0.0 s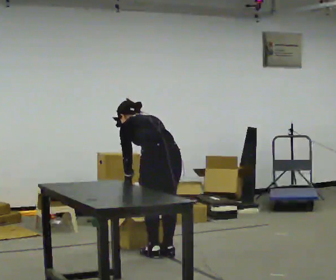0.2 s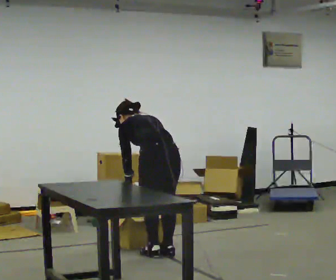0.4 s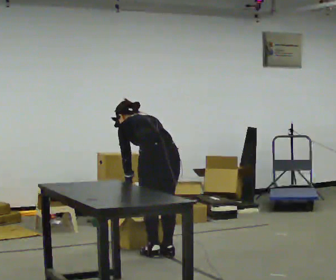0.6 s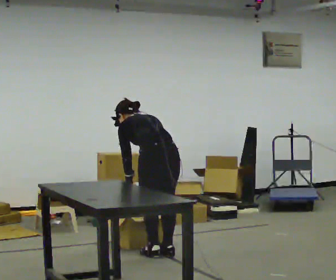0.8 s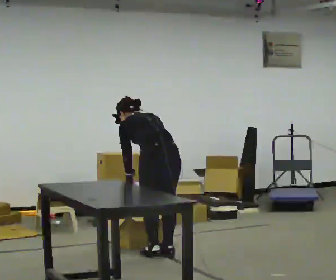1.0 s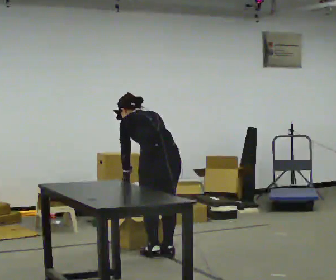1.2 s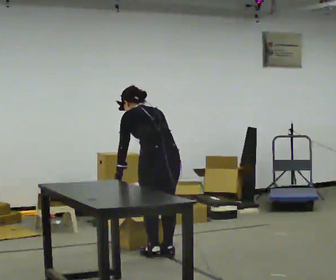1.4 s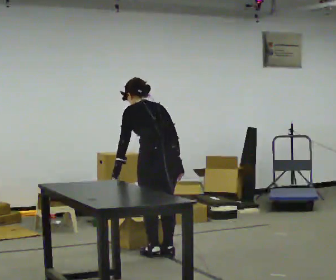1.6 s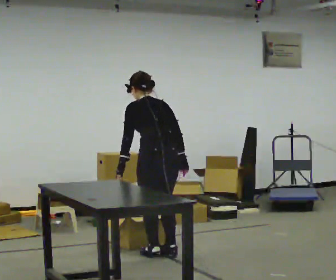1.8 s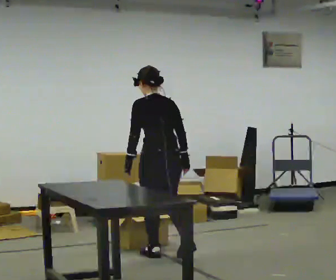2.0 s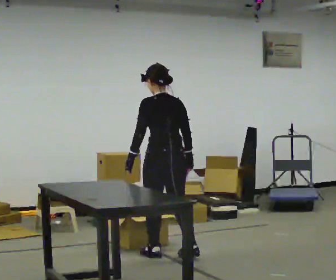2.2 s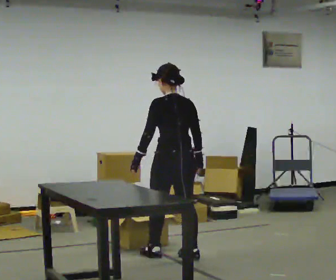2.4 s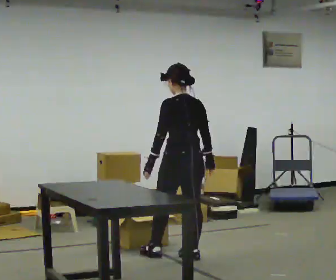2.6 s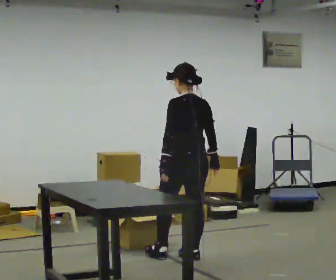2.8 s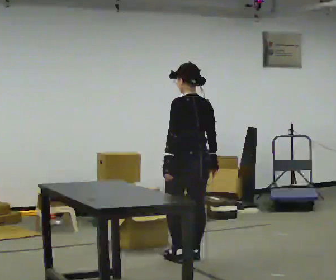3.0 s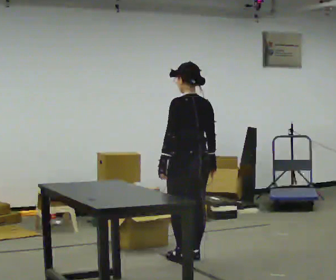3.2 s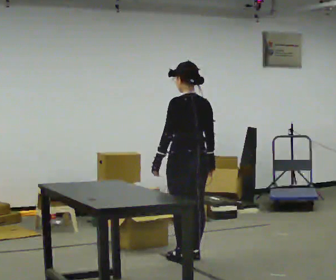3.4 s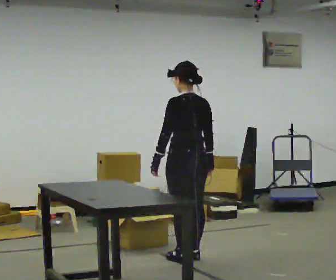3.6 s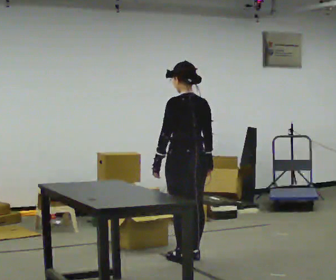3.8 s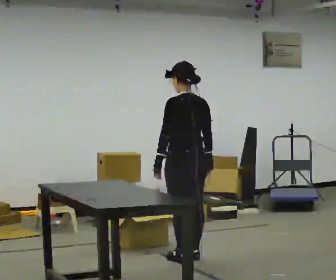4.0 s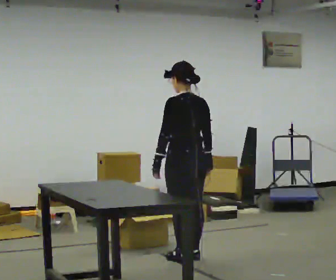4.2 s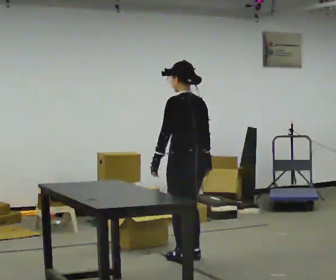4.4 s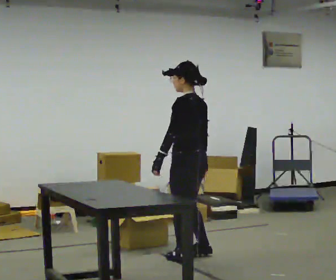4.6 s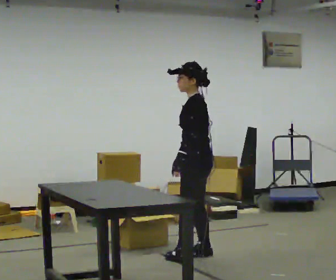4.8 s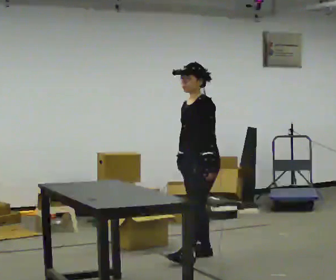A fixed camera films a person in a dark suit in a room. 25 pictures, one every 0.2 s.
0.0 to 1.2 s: The upper body tips toward the camera, its near side rolling downward, as they lean back or straighten.
1.2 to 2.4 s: In the picture they go to the right, about 0.25 m in 1 step, which for them is to their right. The upper body tips toward the camera, its near side rolling downward, as they lean back or straighten. In the picture their right hand goes to the right.
2.4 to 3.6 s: The person moves a little, or ends about where they began.
3.6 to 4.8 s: Seen from above the body turns counterclockwise, about 90 degrees: to their left, with its near side sliding to the right. In the picture their left hand goes to the right, the arm swinging counterclockwise.
The film runs forward here.
